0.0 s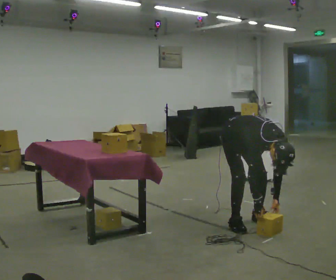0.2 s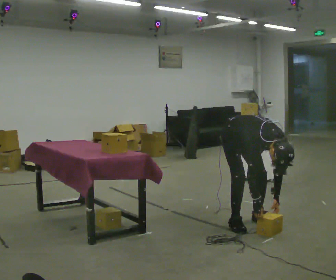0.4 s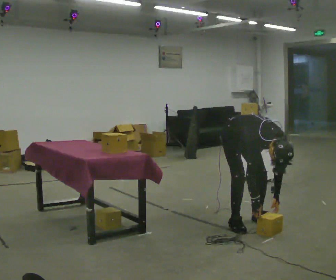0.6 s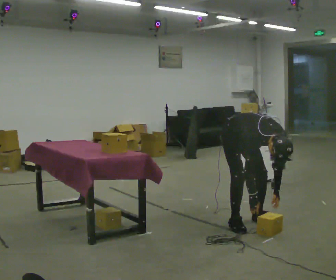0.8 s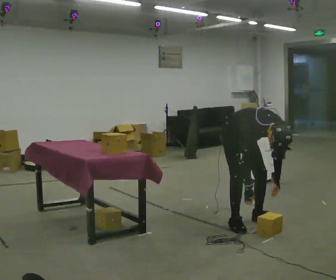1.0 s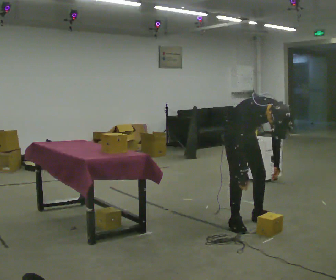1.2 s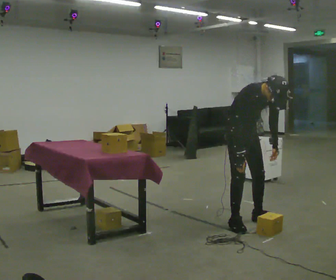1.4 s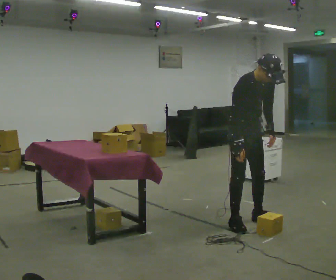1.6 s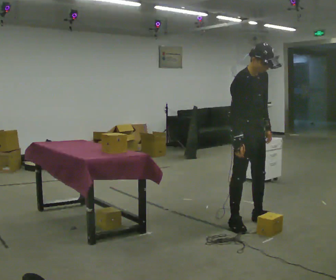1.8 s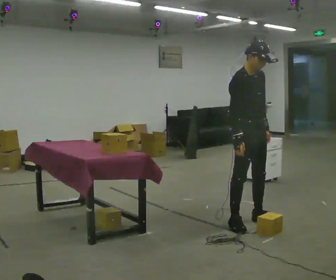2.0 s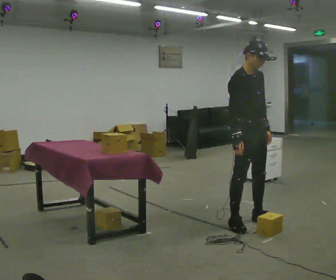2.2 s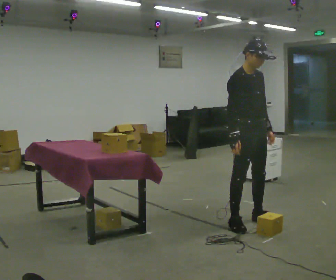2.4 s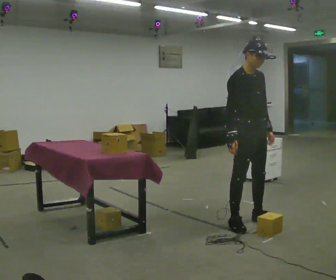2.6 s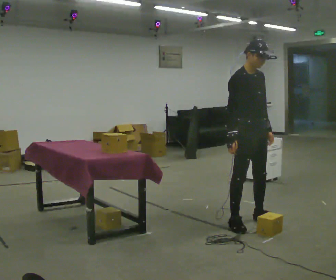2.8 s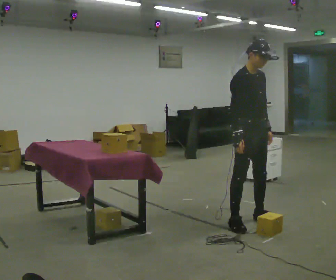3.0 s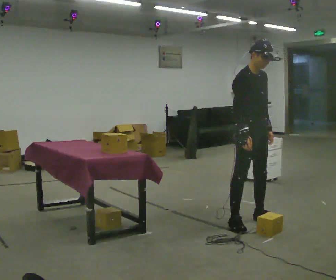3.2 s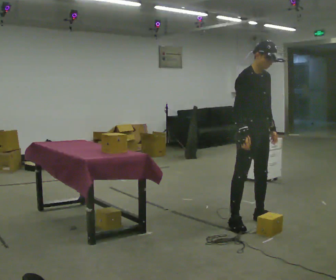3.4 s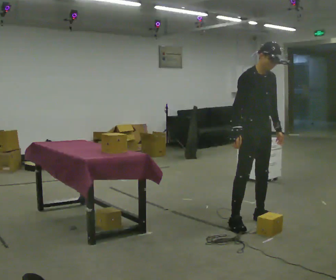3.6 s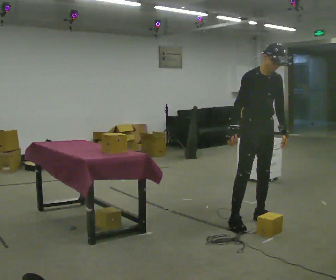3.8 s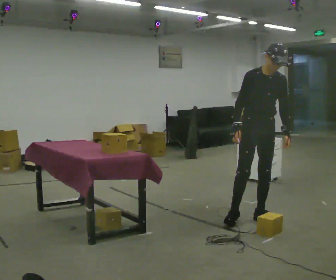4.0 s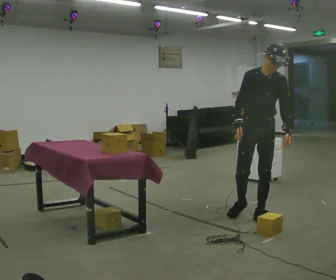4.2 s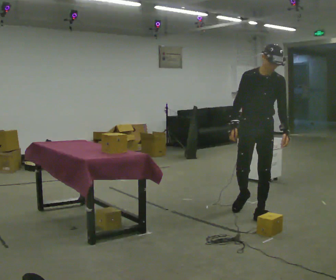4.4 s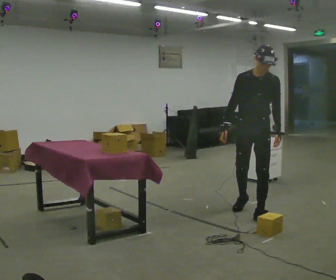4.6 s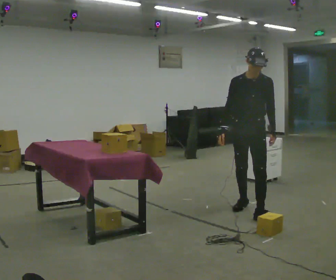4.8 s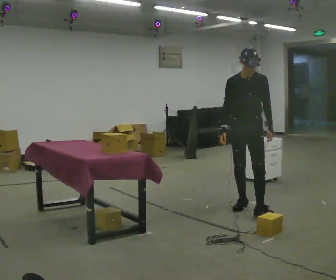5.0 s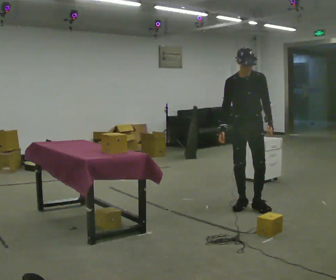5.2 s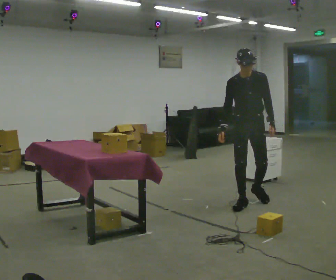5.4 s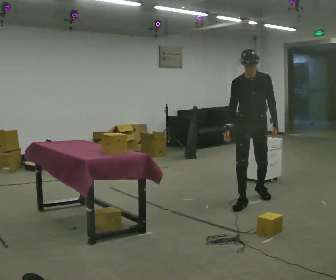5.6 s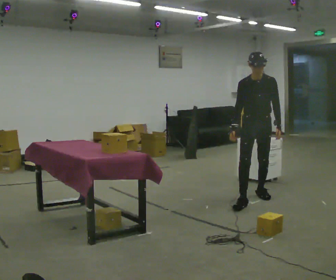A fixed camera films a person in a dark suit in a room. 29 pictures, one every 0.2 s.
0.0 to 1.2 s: The upper body goes upward. In the picture the upper body tilts counterclockwise, shoulders to the left, as they lean back or straighten. In the picture their left hand goes upward.
1.2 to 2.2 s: The upper body goes upward. The upper body tips away from the camera, its near side rolling upward, as they lean back or straighten.
2.2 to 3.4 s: The person moves a little, or ends about where they began.
3.4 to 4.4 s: Seen from above the body turns clockwise, about 45 degrees: to their right, with its near side sliding to the left. In the picture they go away from the camera, about 0.25 m in 1 step, which for them is backward.
4.4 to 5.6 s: In the picture they go away from the camera, about 0.5 m in 1 step, which for them is backward.
The film runs backward here.
